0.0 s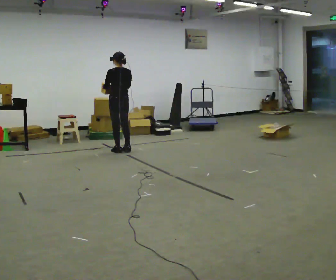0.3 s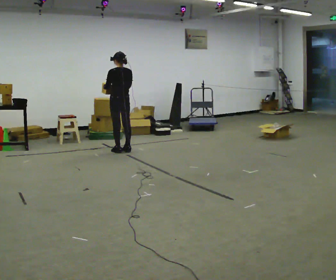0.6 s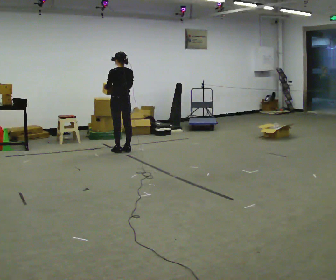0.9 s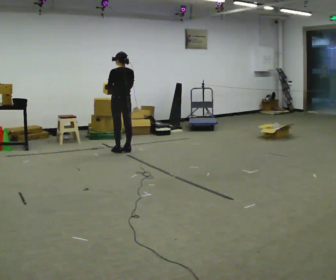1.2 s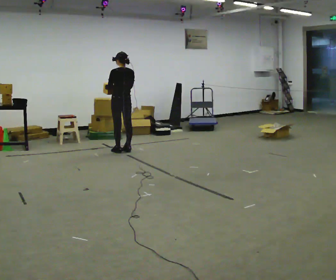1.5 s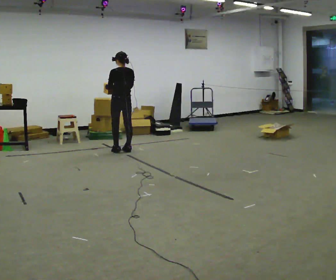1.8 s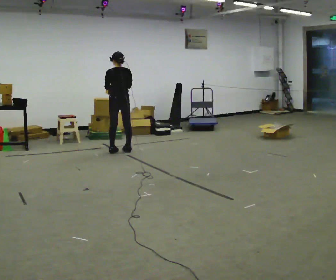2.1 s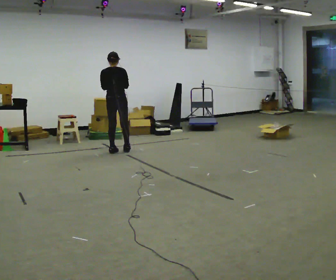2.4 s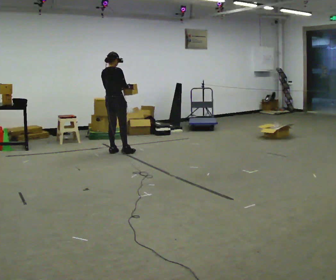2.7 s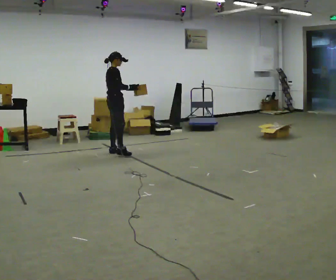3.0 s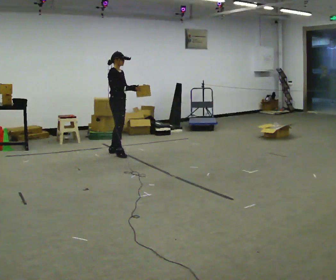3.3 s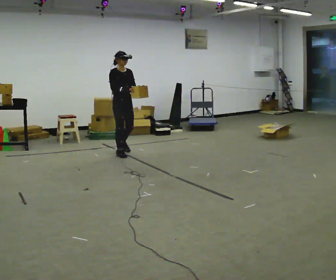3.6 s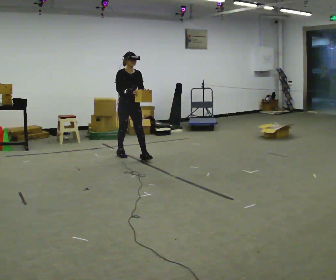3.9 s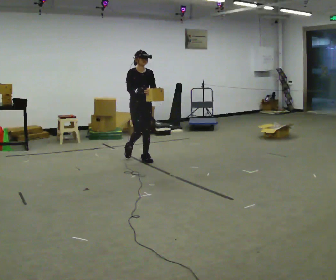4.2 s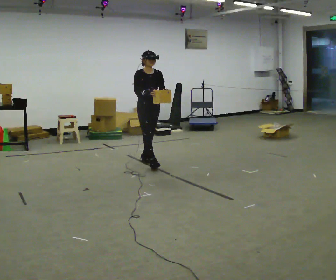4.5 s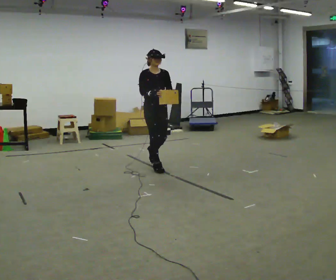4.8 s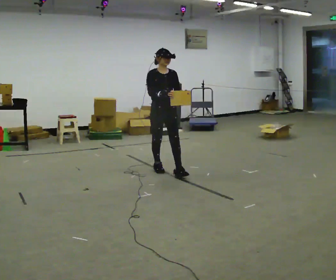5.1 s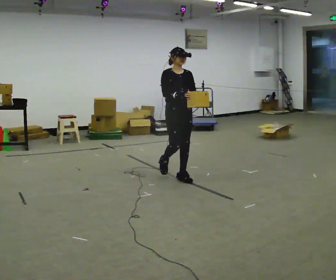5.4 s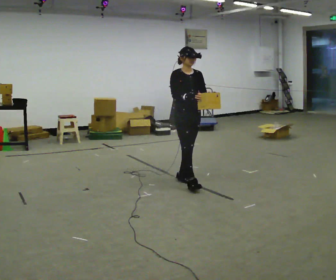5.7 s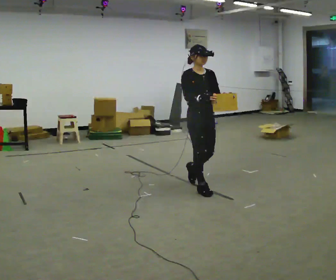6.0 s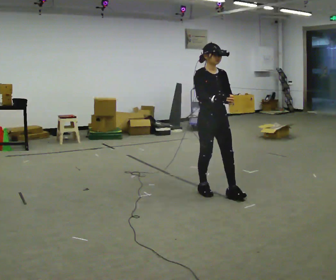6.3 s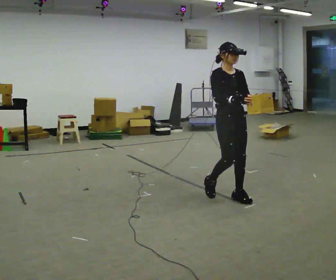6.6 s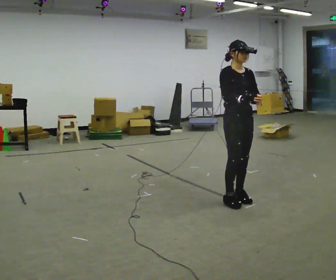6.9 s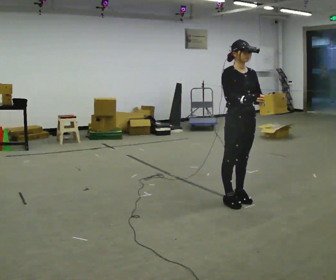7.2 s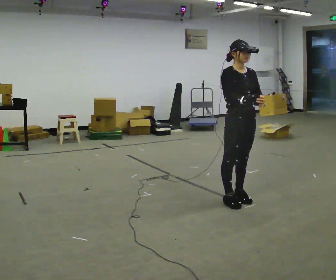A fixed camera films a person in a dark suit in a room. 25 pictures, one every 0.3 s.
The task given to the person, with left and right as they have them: Carry the light box in both hands in front of you, walking back and forth across the room. Keep walking until the operator says stop.
0.0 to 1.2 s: The person moves a little, or ends about where they began.
1.2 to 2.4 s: Seen from above the body turns clockwise, about 75 degrees: to their right, with its near side sliding to the left.
2.4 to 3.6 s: The person turns about 105 degrees to their right, clockwise seen from above, so the part of the body nearest the lens slides to the left. In the picture they go toward the camera and to the right, about 0.25 m in 1 step.
3.6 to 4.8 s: In the picture they go toward the camera and to the right, about 1 m in 2 steps, which for them is forward.
4.8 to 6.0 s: In the picture they go toward the camera and to the right, about 1 m in 2 steps, which for them is forward.
6.0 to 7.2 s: In the picture they go toward the camera and to the right, about 0.25 m in 2 steps, which for them is forward.
The film runs forward here.
